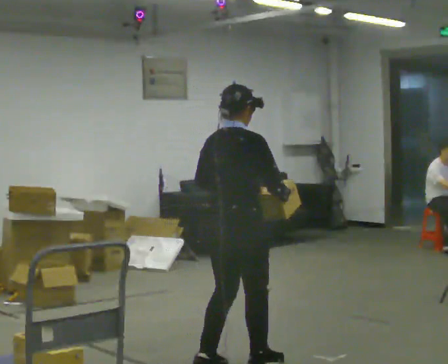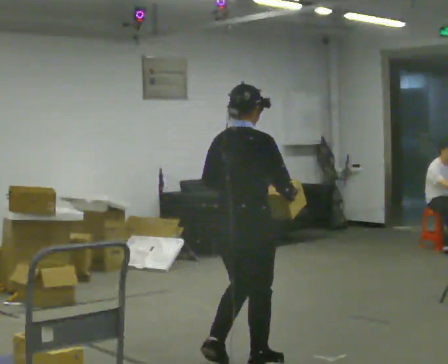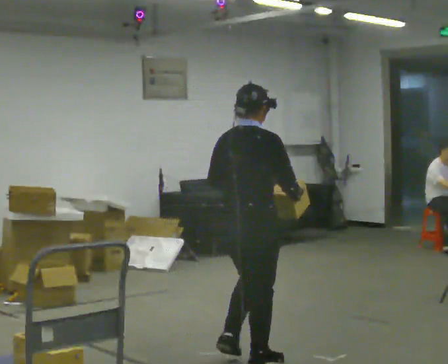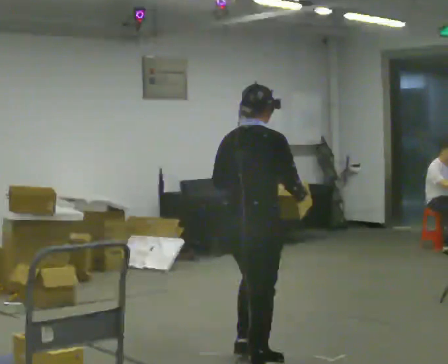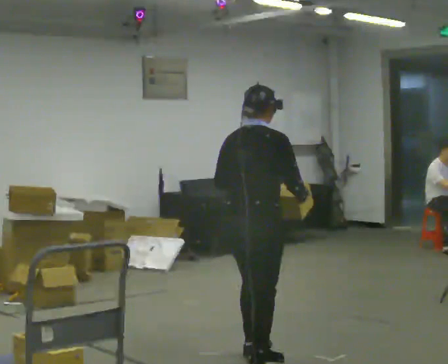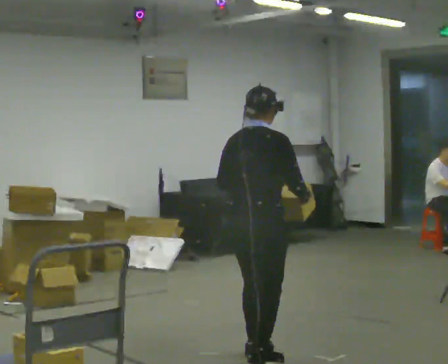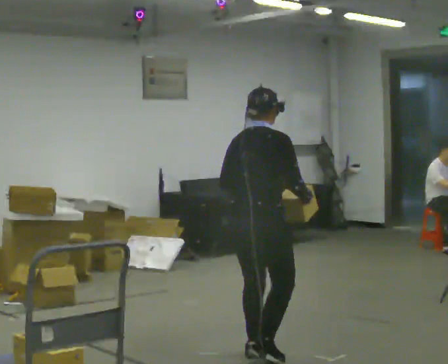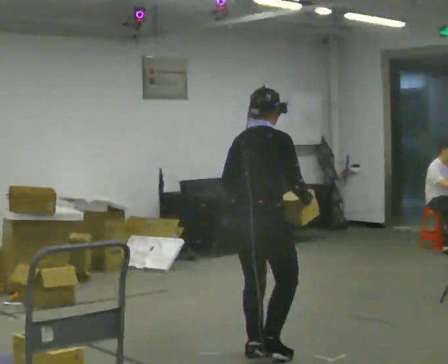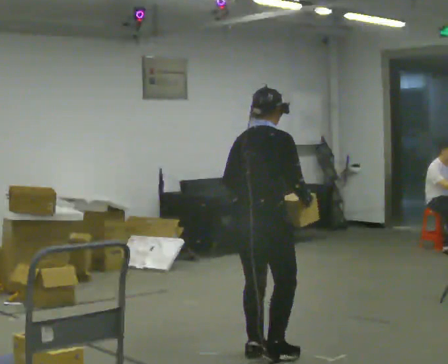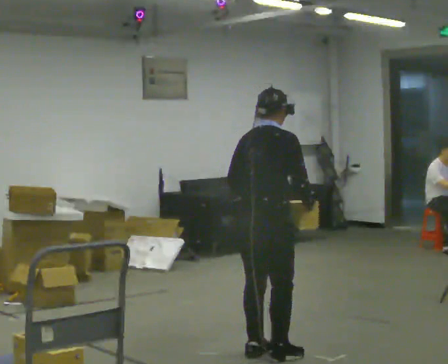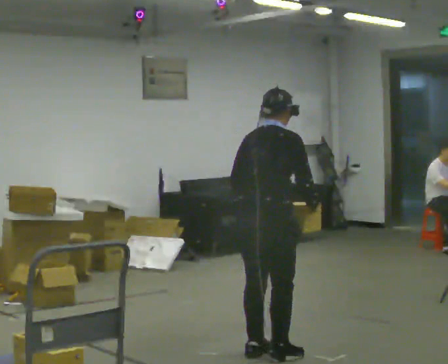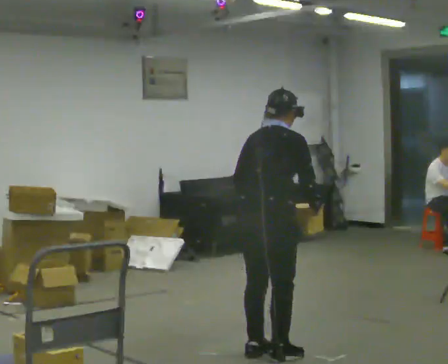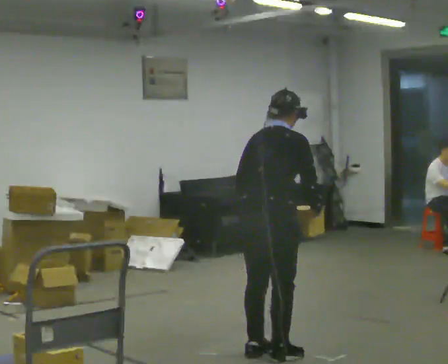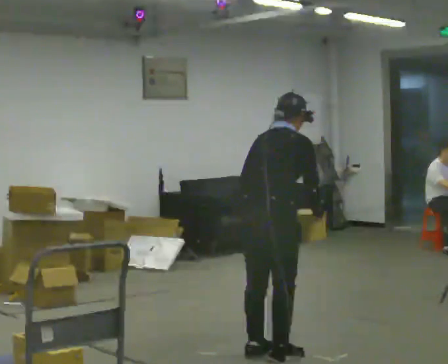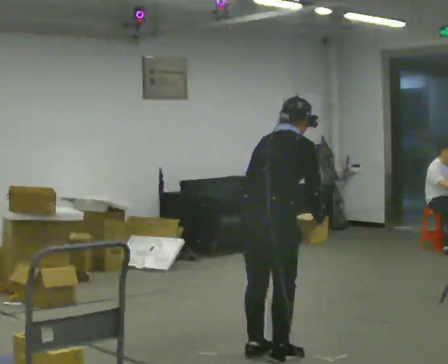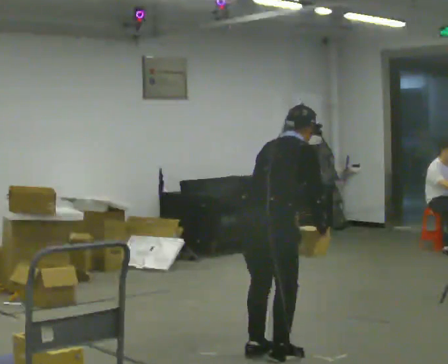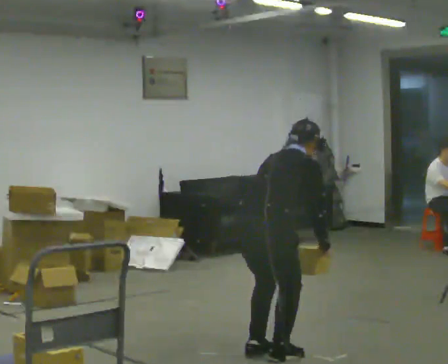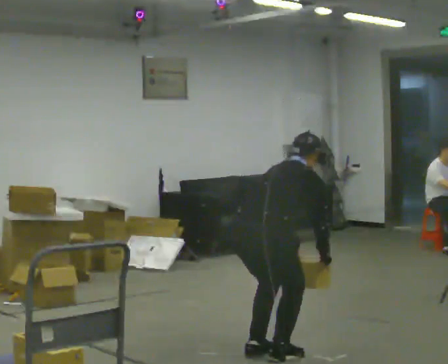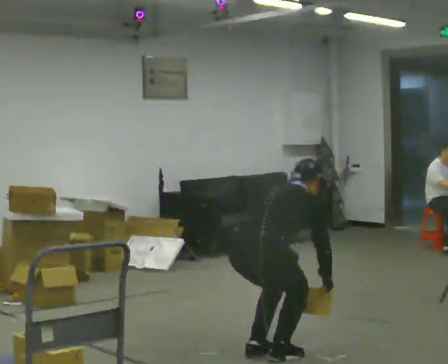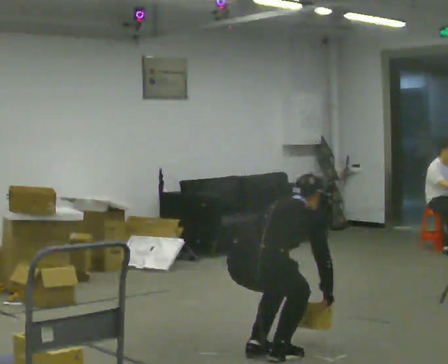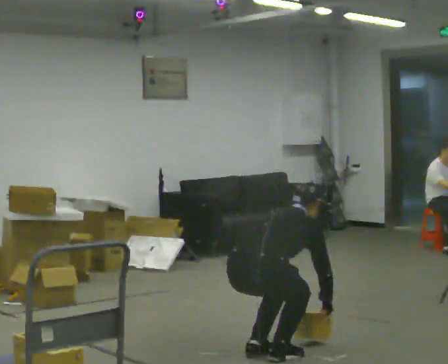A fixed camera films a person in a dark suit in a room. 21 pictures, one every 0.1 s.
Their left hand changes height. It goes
downward.
The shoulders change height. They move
downward.
0.0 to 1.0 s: In the picture they go away from the camera and to the right, about 0.25 m in 2 steps, which for them is forward.
1.0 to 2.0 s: The upper body goes downward. In the picture the upper body tilts clockwise, shoulders to the right, as they bend forward. In the picture their left hand goes downward.
The film runs forward here.
